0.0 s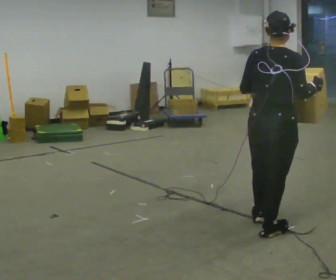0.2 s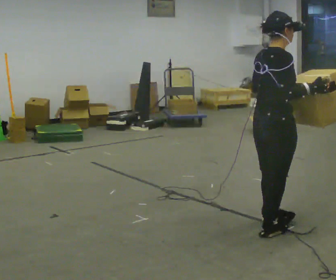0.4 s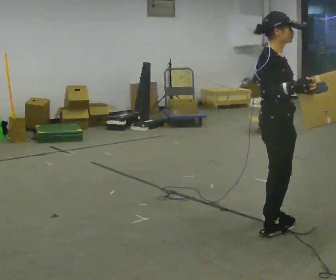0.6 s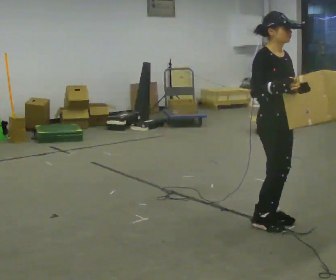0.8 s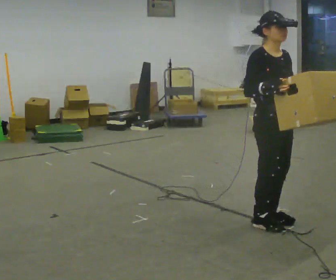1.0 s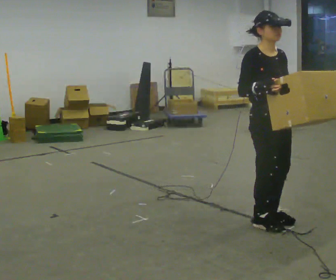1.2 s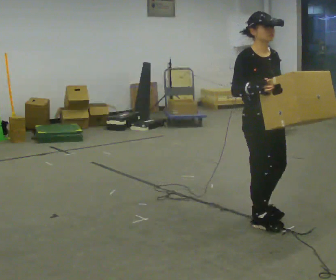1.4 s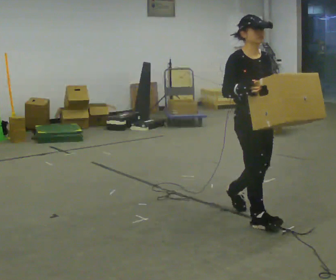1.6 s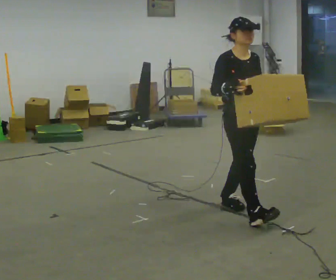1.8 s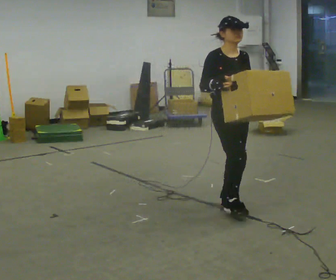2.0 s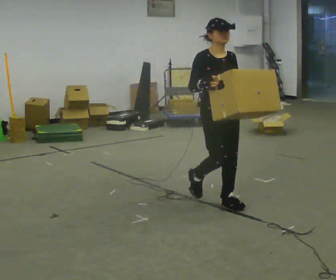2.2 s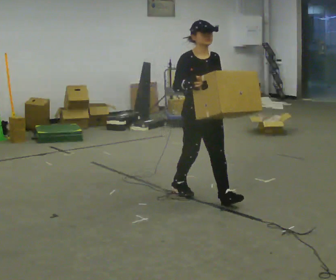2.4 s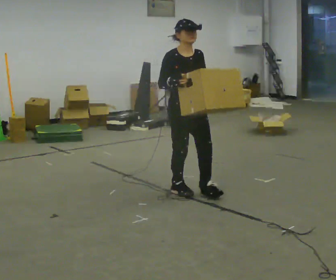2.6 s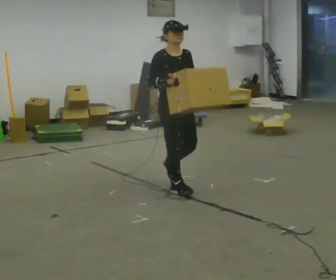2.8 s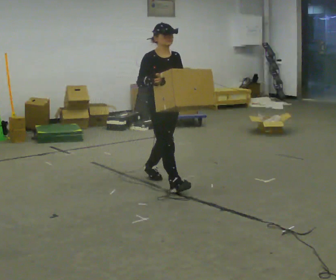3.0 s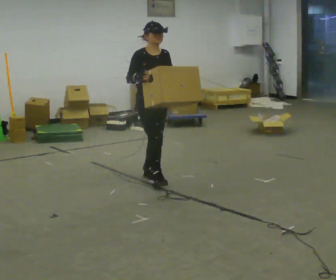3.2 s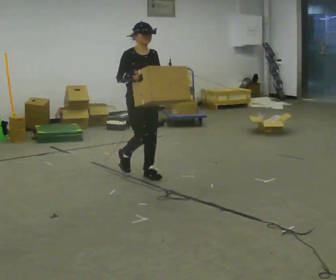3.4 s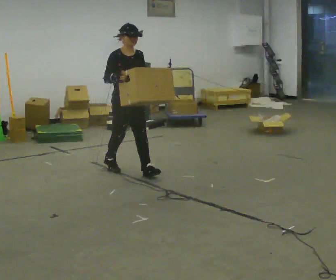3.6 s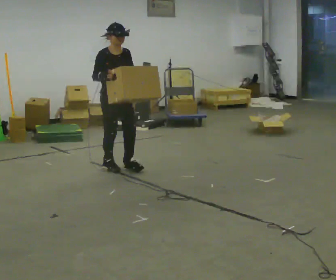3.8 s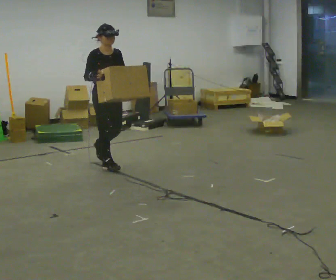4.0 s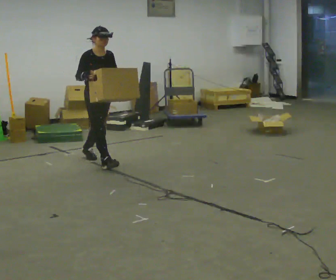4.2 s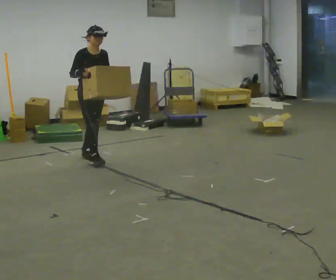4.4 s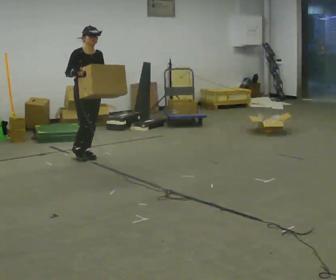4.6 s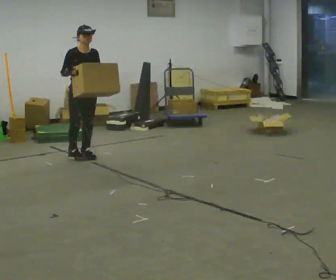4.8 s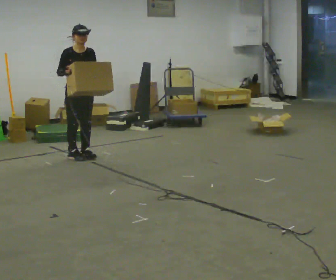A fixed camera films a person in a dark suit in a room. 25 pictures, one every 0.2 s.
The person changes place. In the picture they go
away from the camera.
0.0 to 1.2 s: The part of the body nearest the lens slides to the left as the person turns to their right by about 105 degrees. In the picture they go away from the camera, about 0.25 m in 2 steps.
1.2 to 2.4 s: In the picture they go away from the camera and to the left, about 1 m in 2 steps, which for them is backward.
2.4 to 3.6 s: In the picture they go away from the camera and to the left, about 1 m in 2 steps, which for them is backward.
3.6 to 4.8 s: In the picture they go away from the camera and to the left, about 0.75 m in 1 step, which for them is backward.
The film runs backward here.
